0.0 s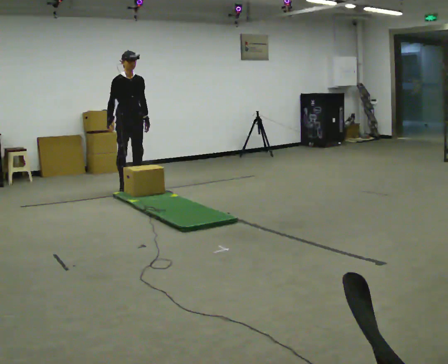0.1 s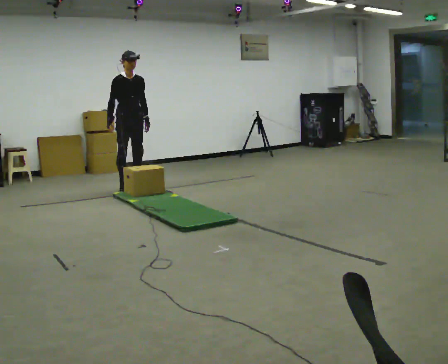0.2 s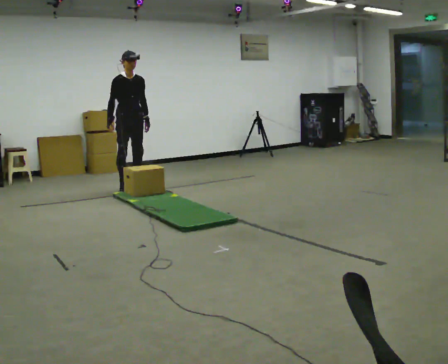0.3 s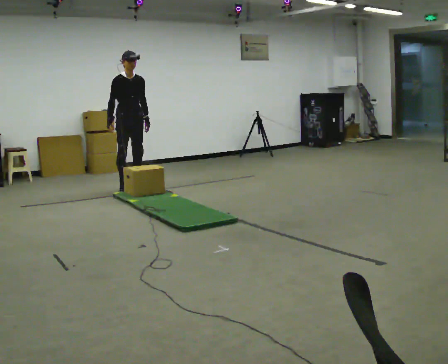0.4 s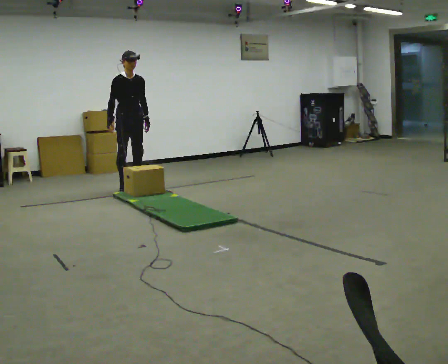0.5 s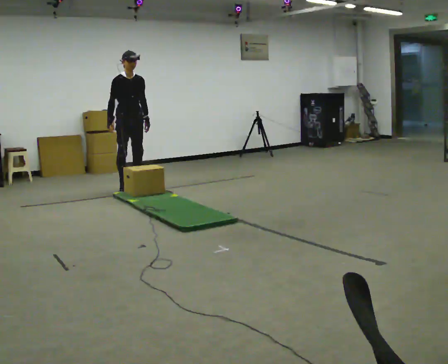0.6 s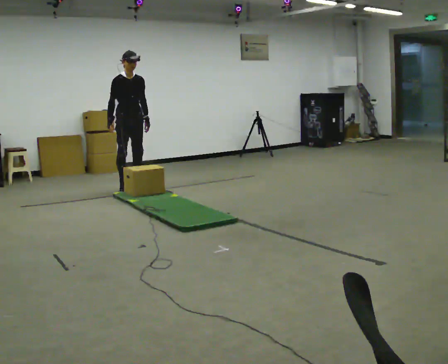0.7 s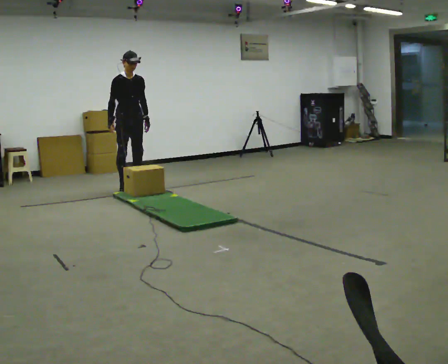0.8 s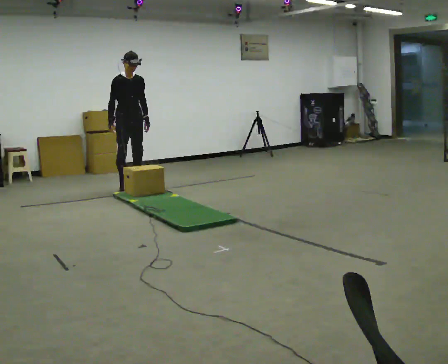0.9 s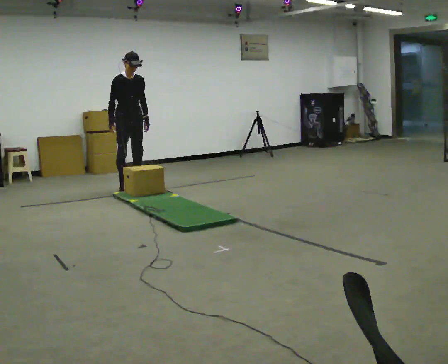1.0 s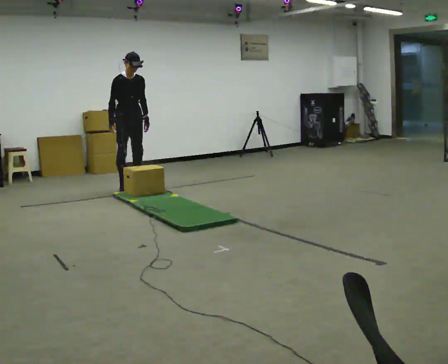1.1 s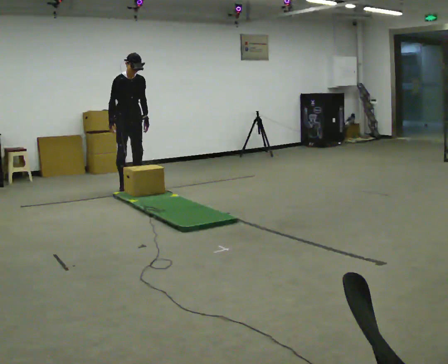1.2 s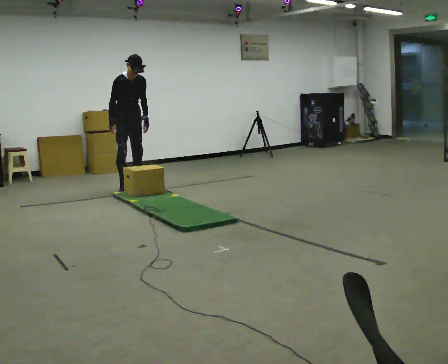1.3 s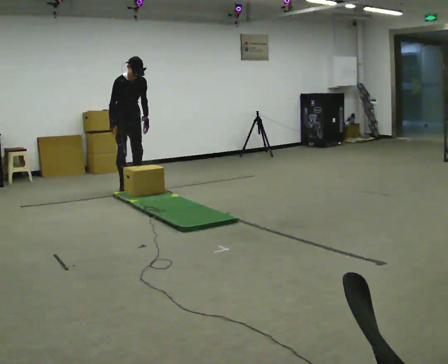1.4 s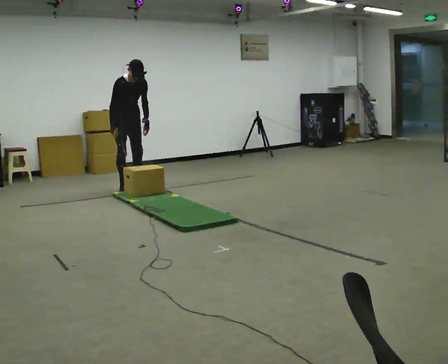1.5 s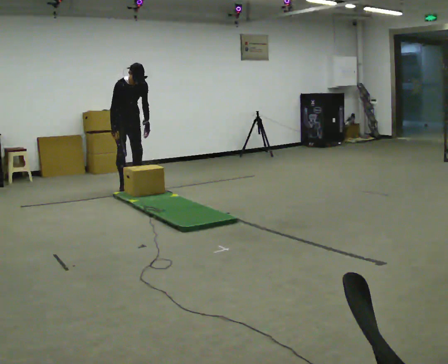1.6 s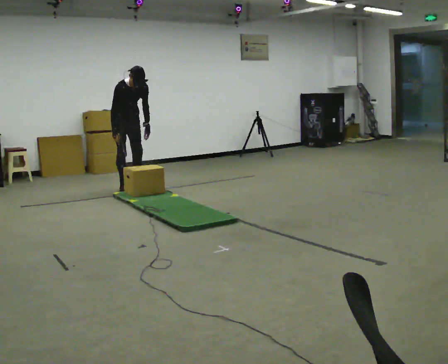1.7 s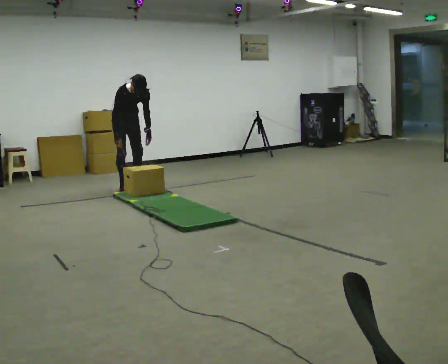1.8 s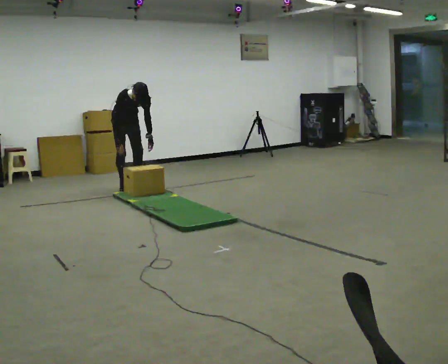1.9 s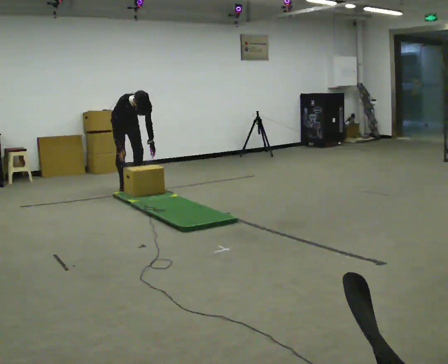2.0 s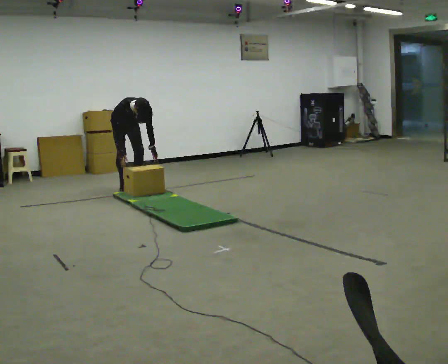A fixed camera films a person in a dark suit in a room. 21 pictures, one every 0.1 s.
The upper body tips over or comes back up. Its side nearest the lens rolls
downward.
The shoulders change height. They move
downward.
0.0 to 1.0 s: The person moves a little, or ends about where they began.
1.0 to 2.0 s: The upper body goes downward. The upper body tips toward the camera, its near side rolling downward, as they bend forward. In the picture their right hand goes downward.
The film runs forward here.
